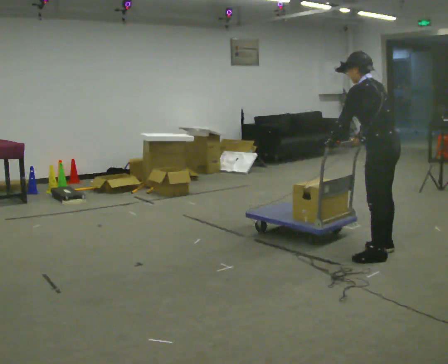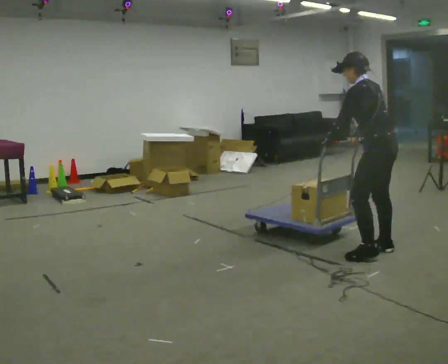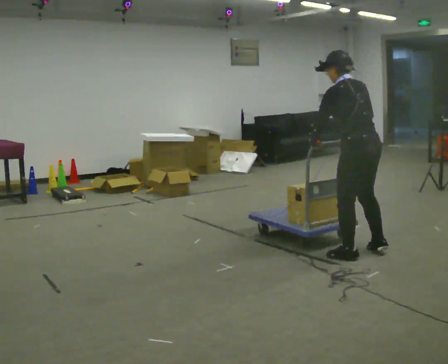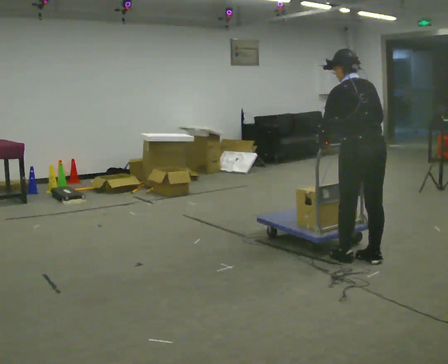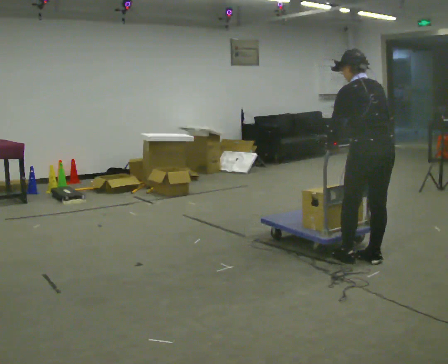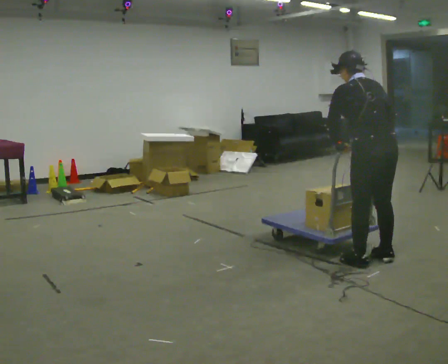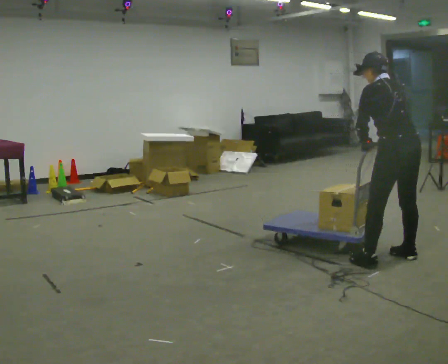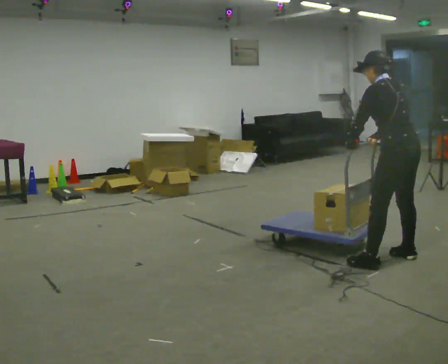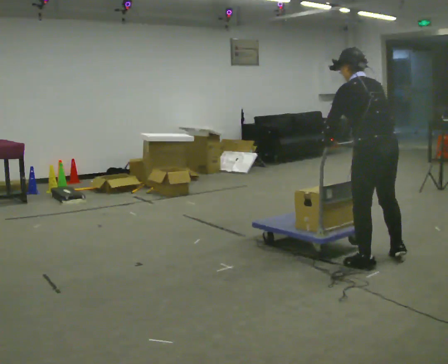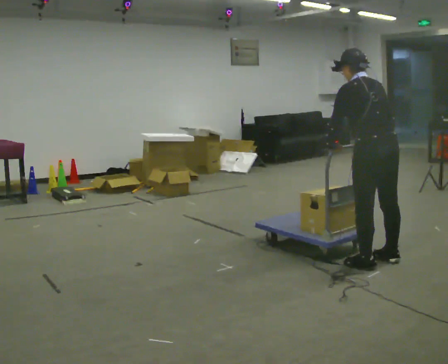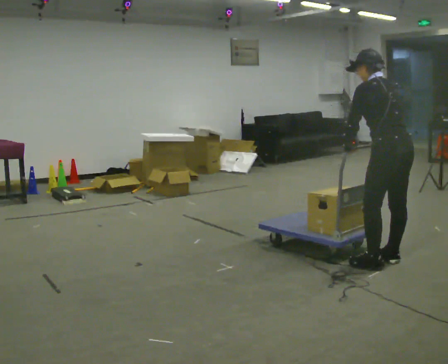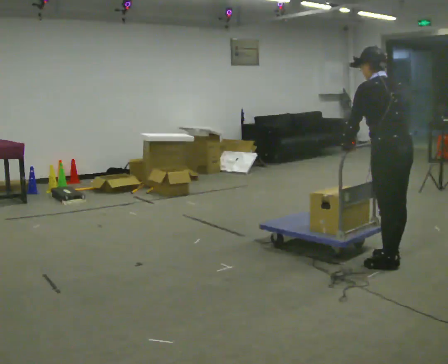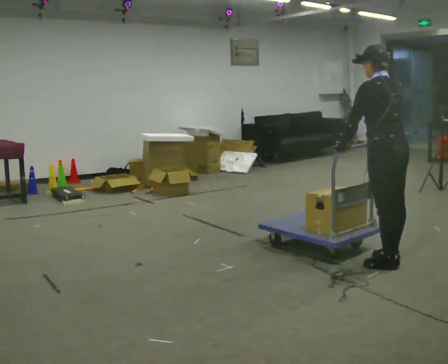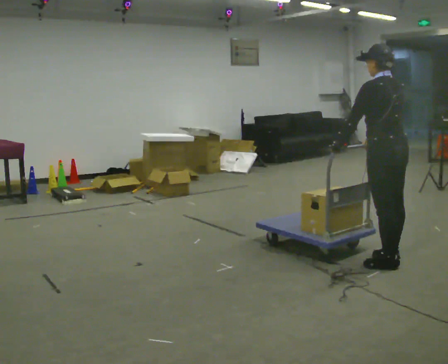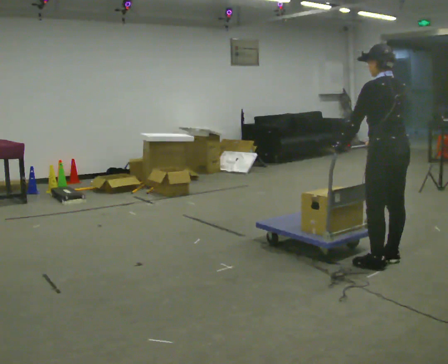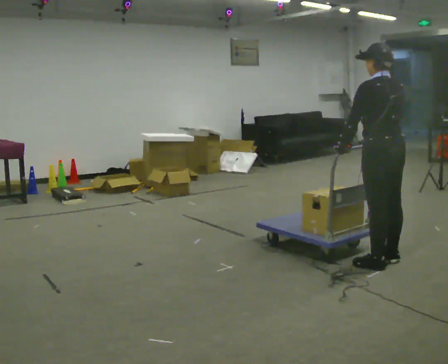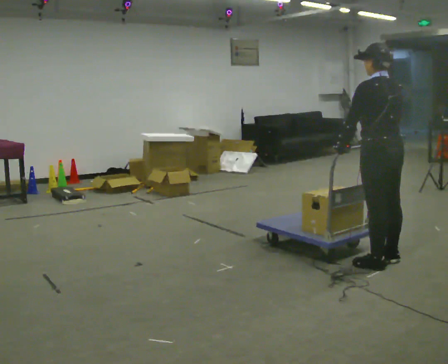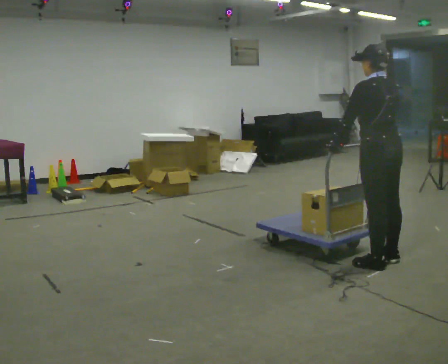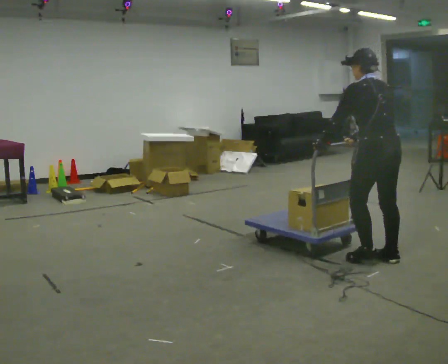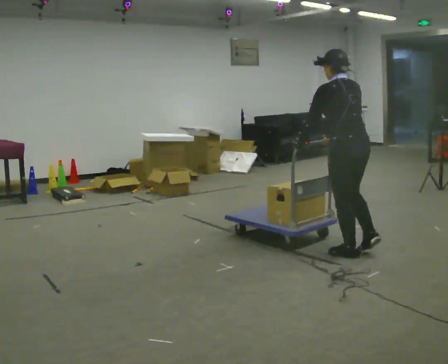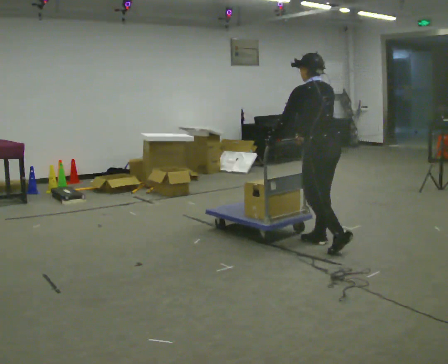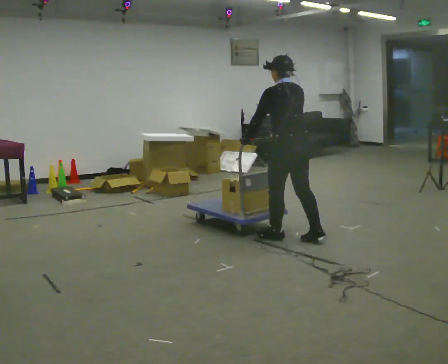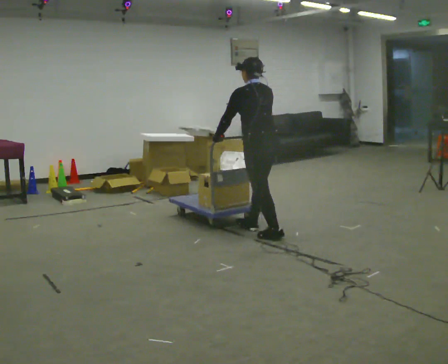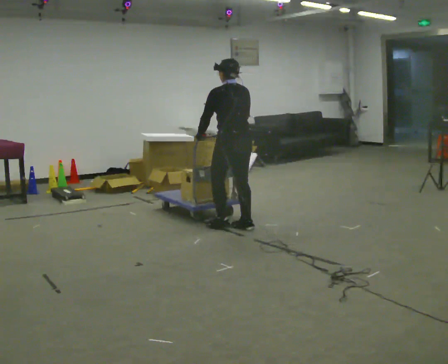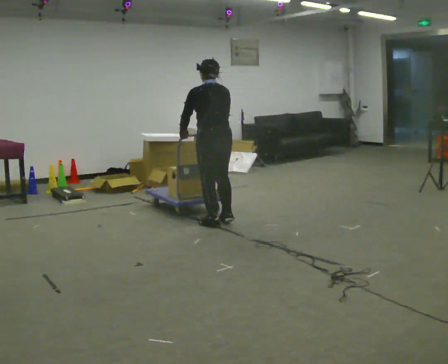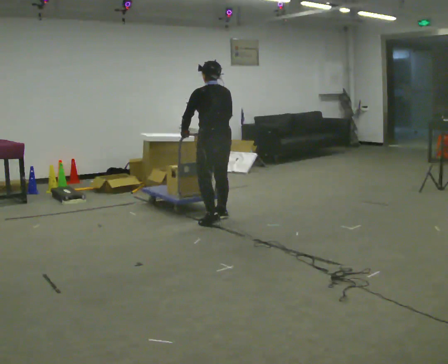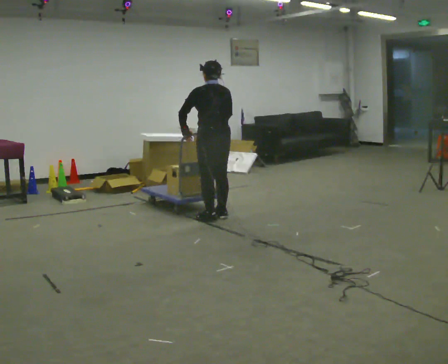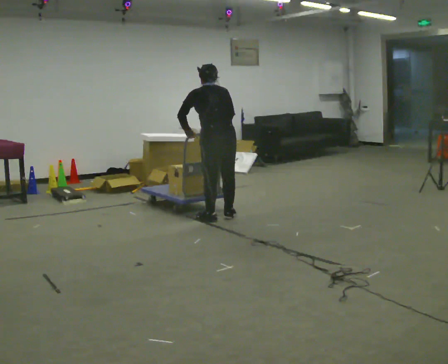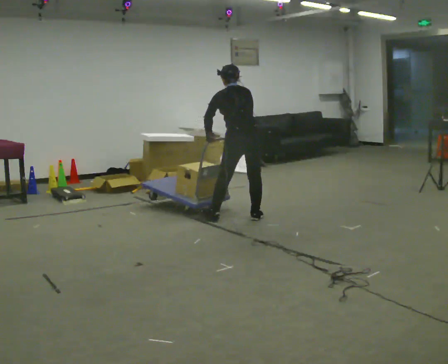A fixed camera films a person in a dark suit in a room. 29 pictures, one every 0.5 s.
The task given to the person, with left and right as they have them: Stand still with your hands on the cart. When the operator says go, get it moving, push it a few metres, then bring it to a stop. Repeat until the operator says stop.
0.0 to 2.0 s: The person turns about 30 degrees to their right, clockwise seen from above, so the part of the body nearest the lens slides to the left. In the picture they go toward the camera, about 0.25 m in 2 steps, which for them is to their left.
2.0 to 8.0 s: The person moves a little, or ends about where they began.
8.0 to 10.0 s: In the picture they go to the left and away from the camera, about 0.75 m in 2 steps, which for them is forward.
10.0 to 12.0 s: In the picture they go to the left, about 1 m in 3 steps, which for them is forward.
12.0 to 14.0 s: In the picture they go away from the camera and to the right, about 0.5 m in 3 steps, which for them is to their right.
The film runs forward here.
